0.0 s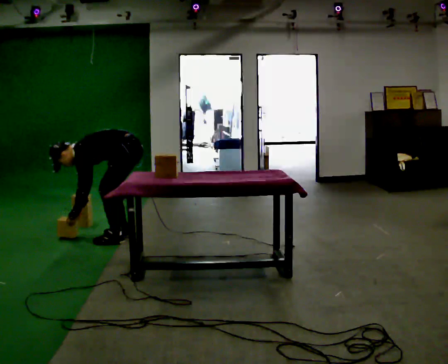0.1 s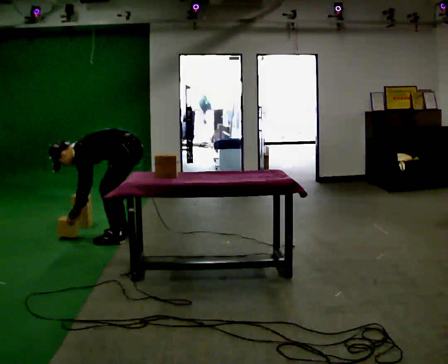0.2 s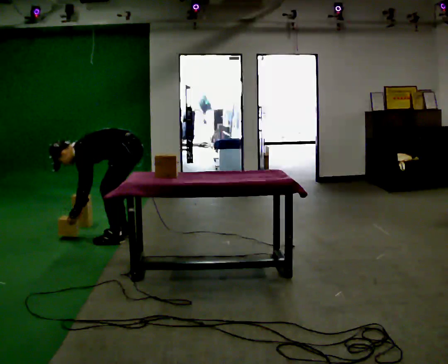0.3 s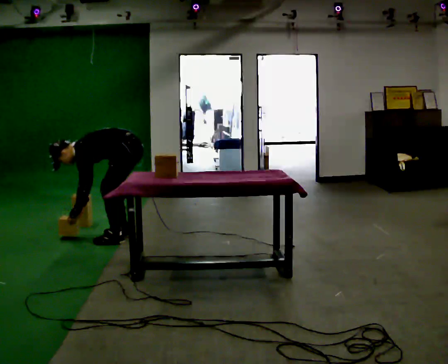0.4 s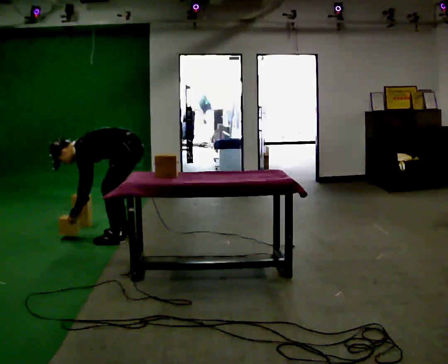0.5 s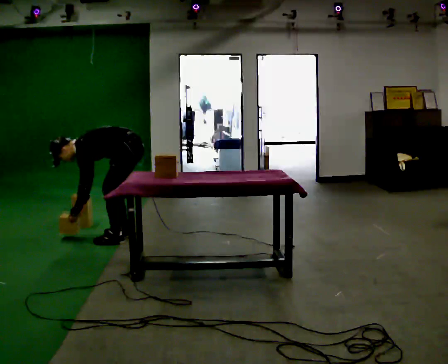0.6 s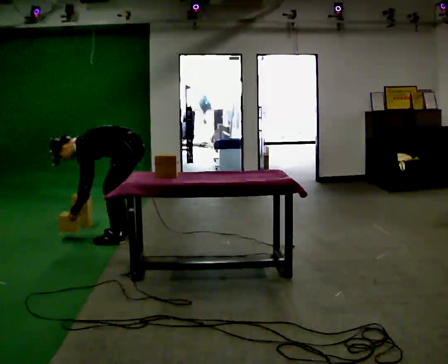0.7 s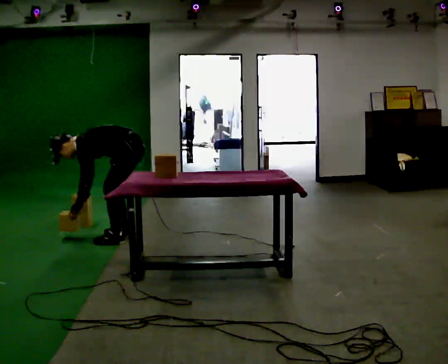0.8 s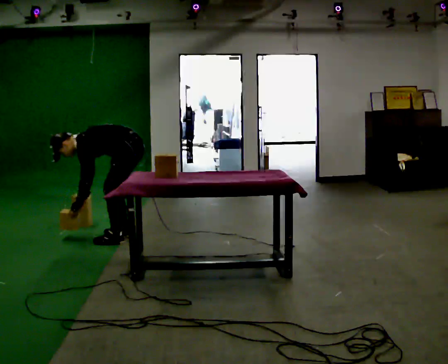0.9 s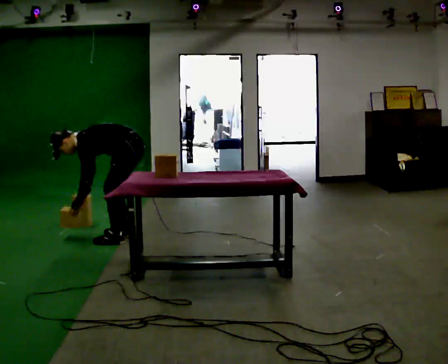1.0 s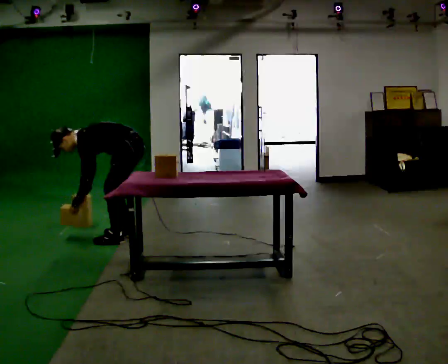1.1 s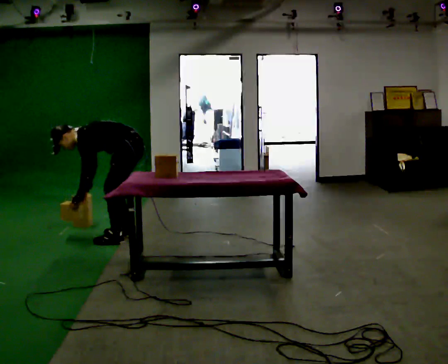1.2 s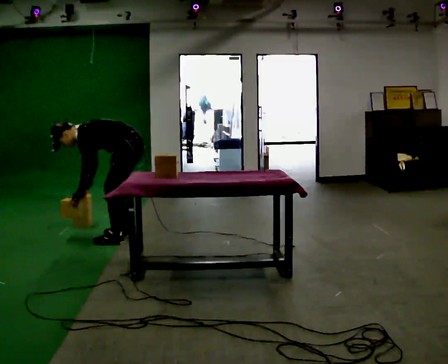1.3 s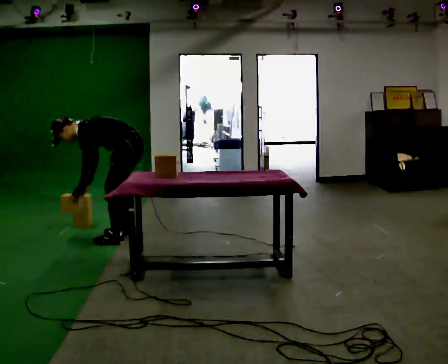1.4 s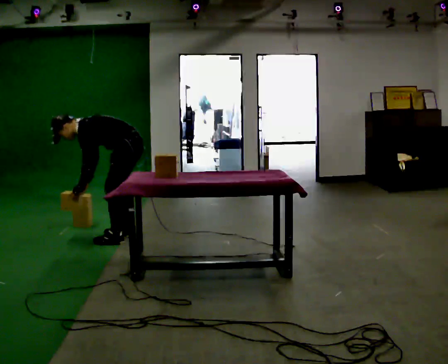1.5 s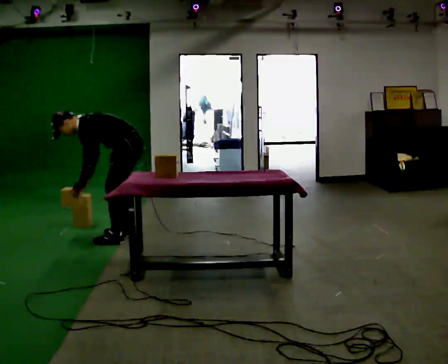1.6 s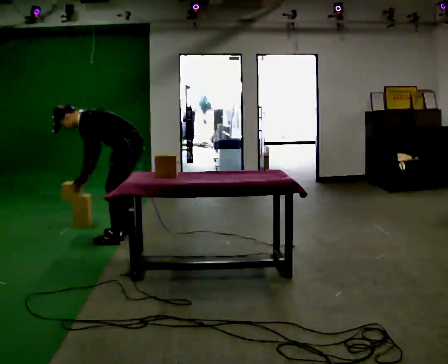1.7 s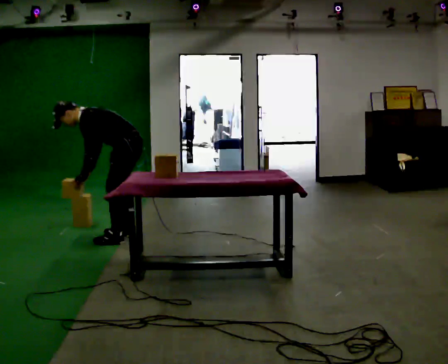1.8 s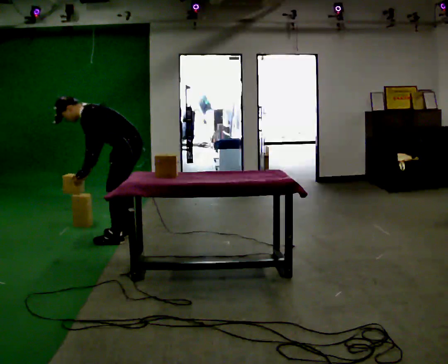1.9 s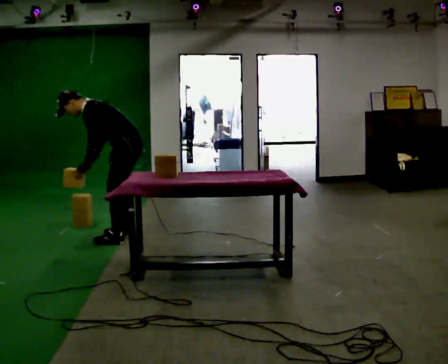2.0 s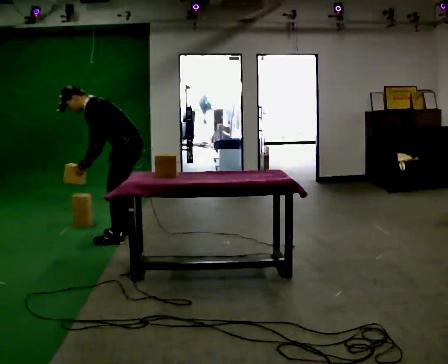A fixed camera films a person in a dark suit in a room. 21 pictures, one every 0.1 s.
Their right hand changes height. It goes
upward.
The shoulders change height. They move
upward.
0.0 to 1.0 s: The upper body tips away from the camera, its near side rolling upward.
1.0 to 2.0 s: The upper body goes upward. In the picture the upper body tilts clockwise, shoulders to the right, as they lean back or straighten. In the picture their right hand goes upward.
The film runs backward here.
